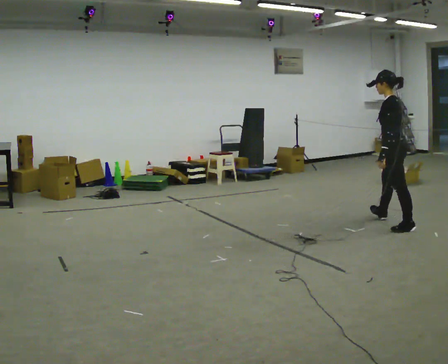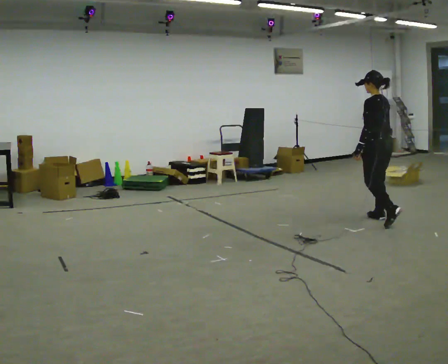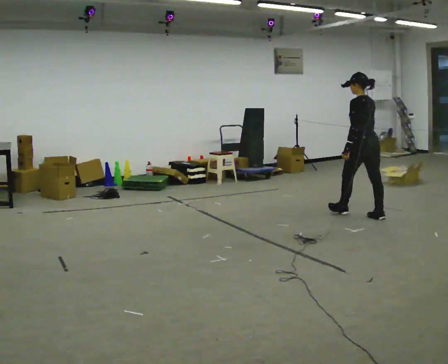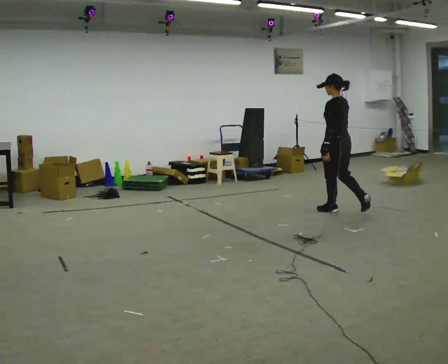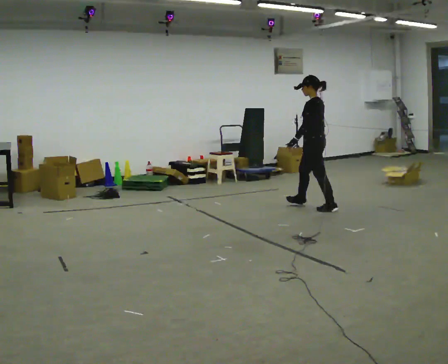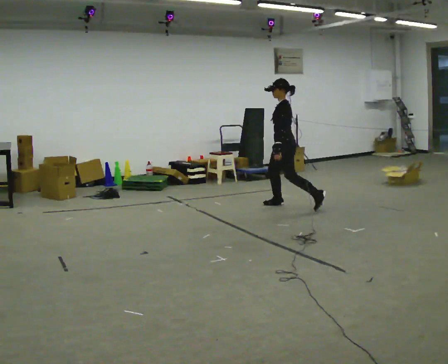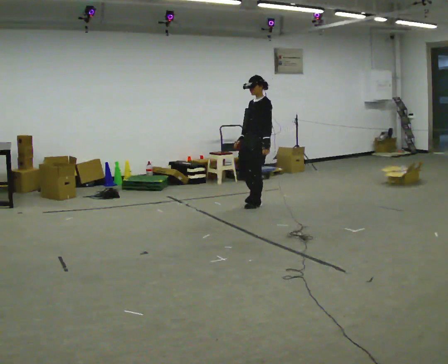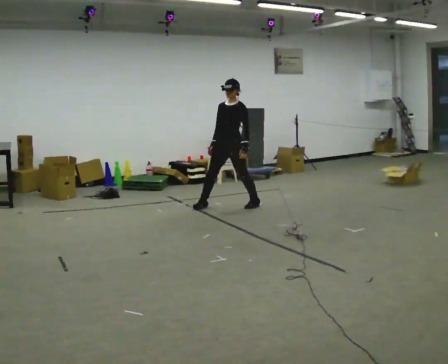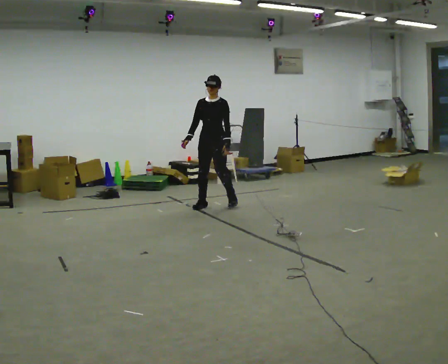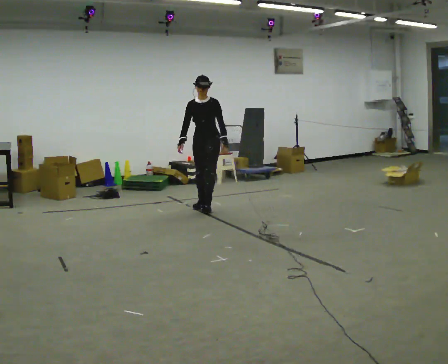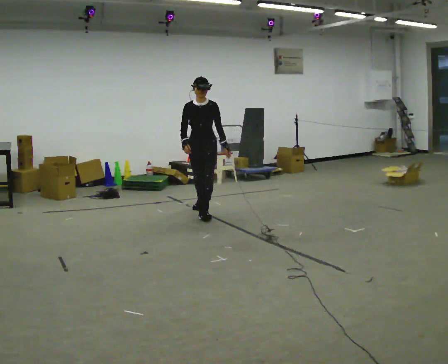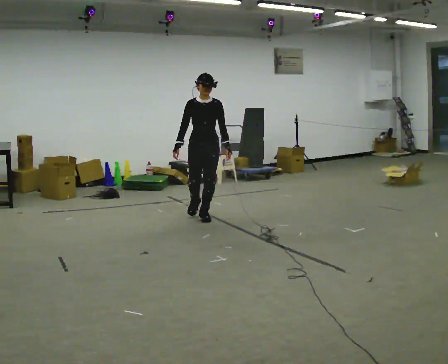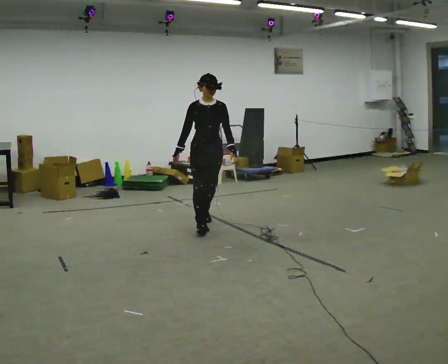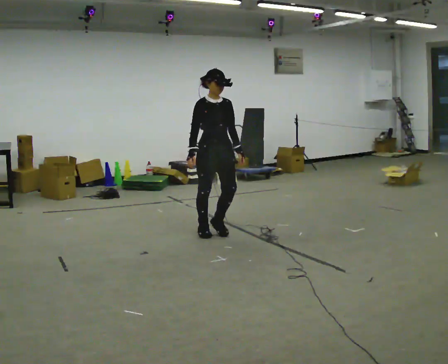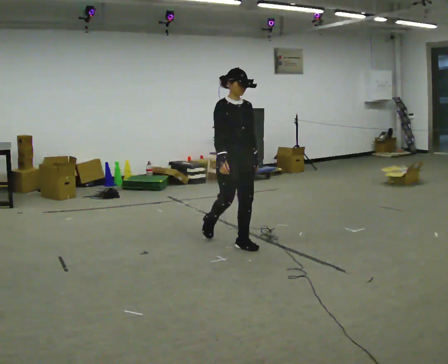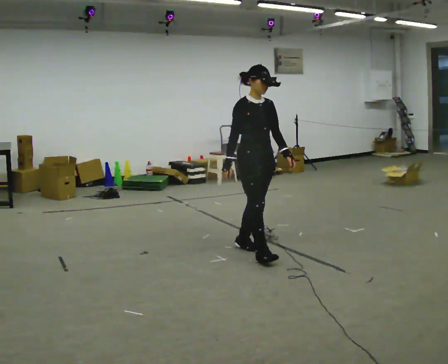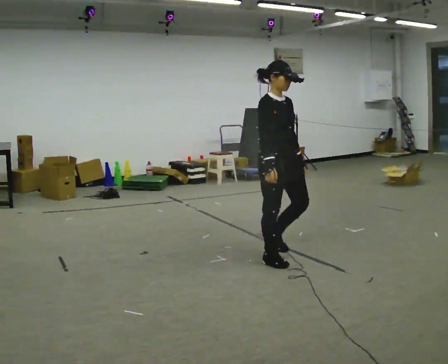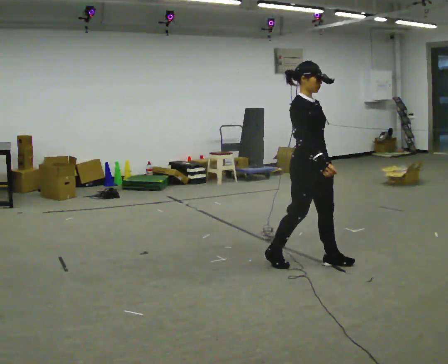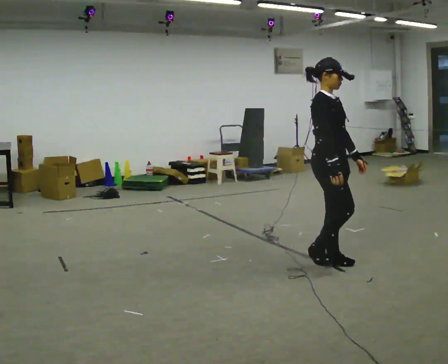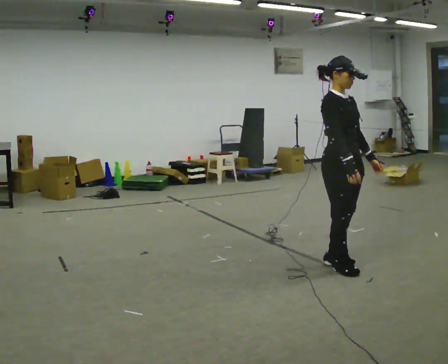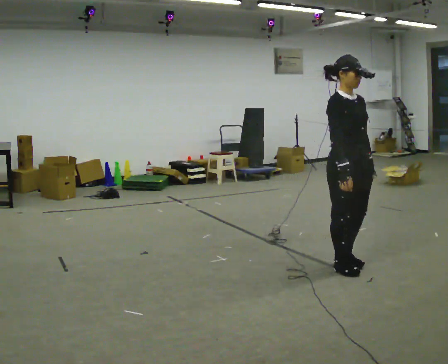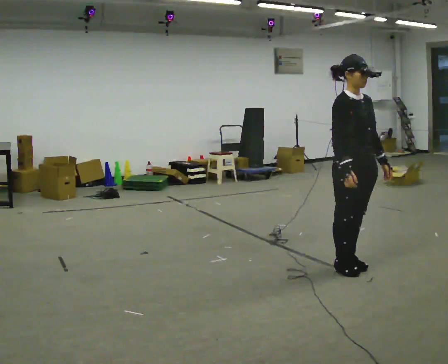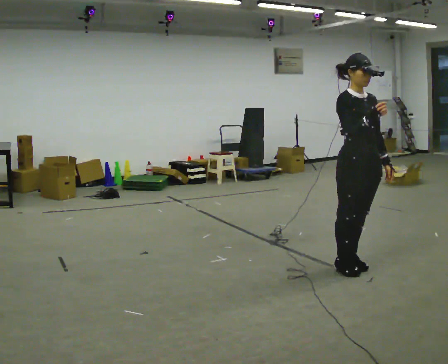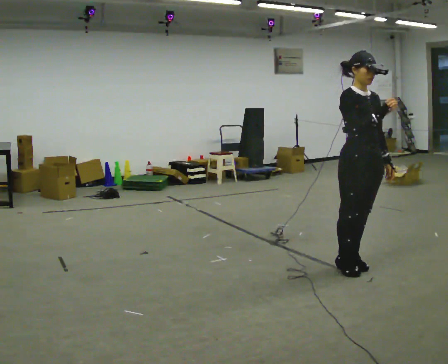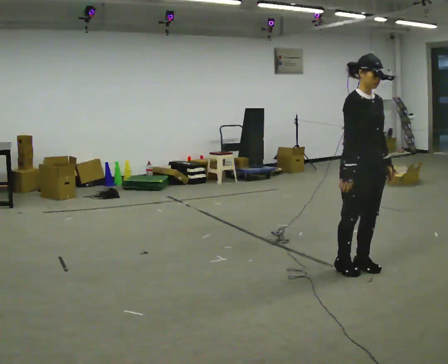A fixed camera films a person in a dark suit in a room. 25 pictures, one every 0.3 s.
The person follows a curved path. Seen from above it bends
counterclockwise.
0.0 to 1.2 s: In the picture they go away from the camera and to the left, about 1 m in 2 steps, which for them is forward.
1.2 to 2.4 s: Seen from above the body turns counterclockwise, about 90 degrees: to their left, with its near side sliding to the right. In the picture they go to the left, about 1 m in 3 steps.
2.4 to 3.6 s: The part of the body nearest the lens slides to the right as the person turns to their left by about 45 degrees. In the picture they go toward the camera, about 1 m in 2 steps, which for them is forward.
3.6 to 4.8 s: Seen from above the body turns counterclockwise, about 30 degrees: to their left, with its near side sliding to the right. In the picture they go toward the camera and to the right, about 1.5 m in 2 steps, which for them is forward.
4.8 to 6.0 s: In the picture they go to the right and toward the camera, about 0.5 m in 2 steps, which for them is forward.
6.0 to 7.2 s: The person moves a little, or ends about where they began.
The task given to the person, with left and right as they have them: Move around the room freely as if avoiding someone: change speed and direction whenever you like. Keep moving until the operator says stop.
The film runs forward here.
